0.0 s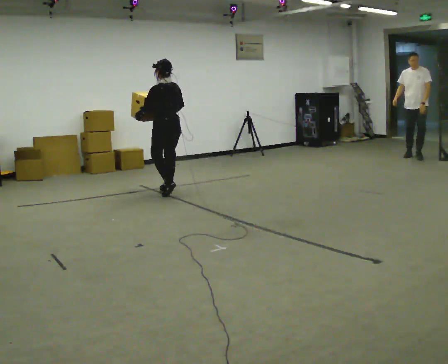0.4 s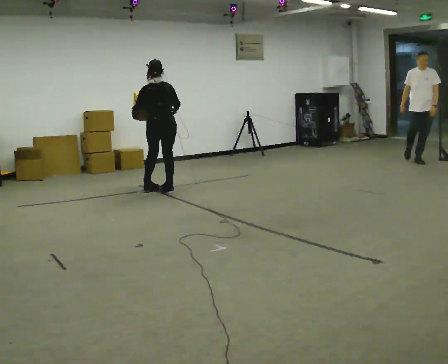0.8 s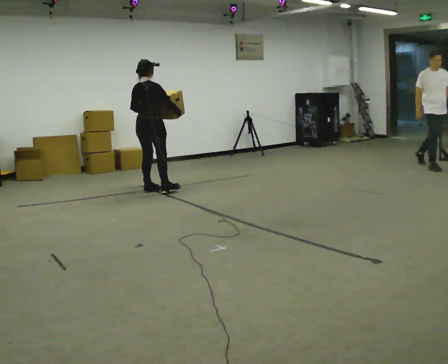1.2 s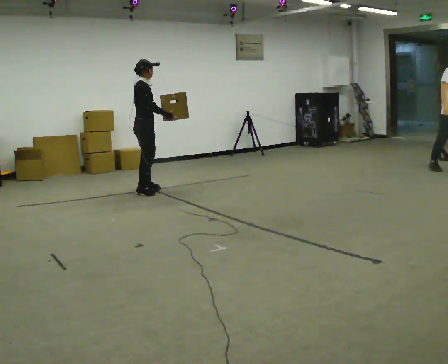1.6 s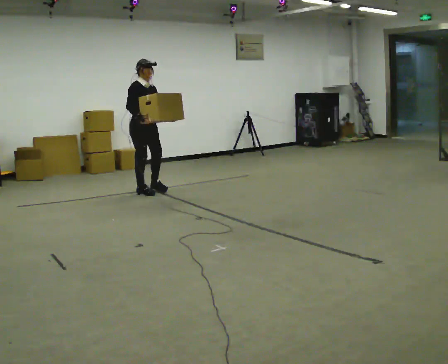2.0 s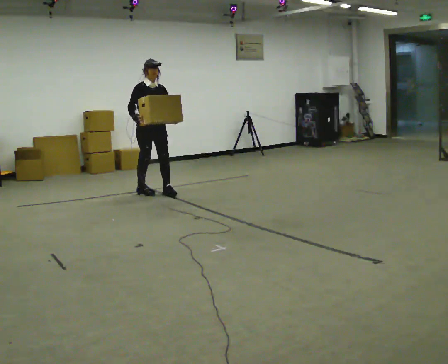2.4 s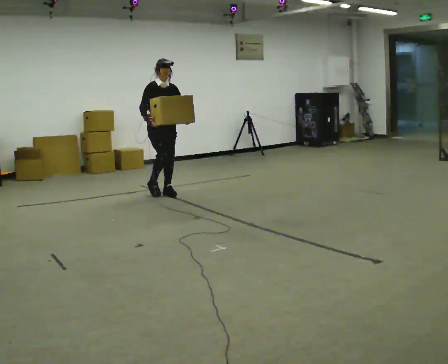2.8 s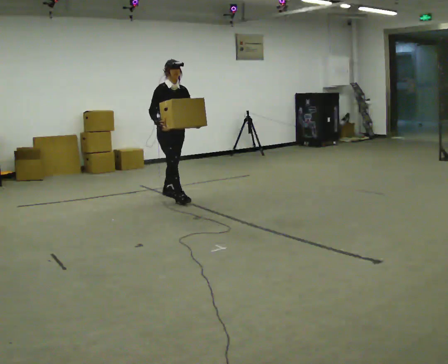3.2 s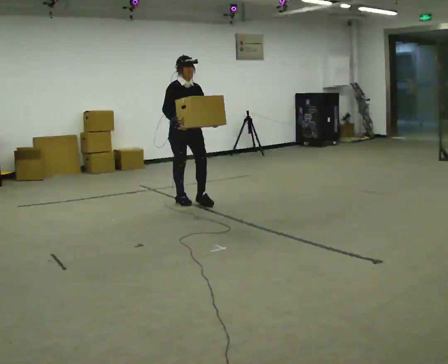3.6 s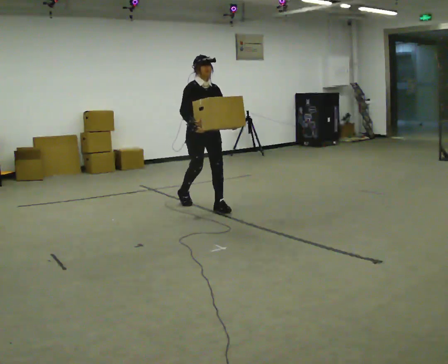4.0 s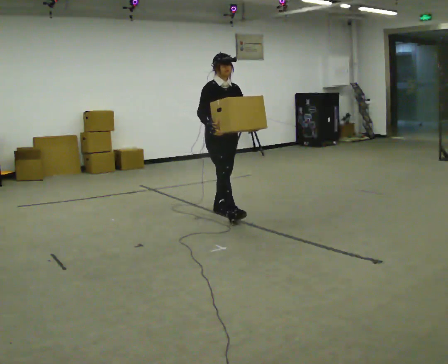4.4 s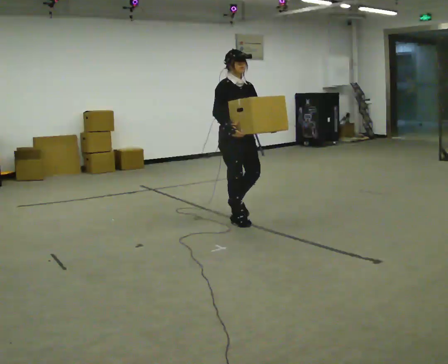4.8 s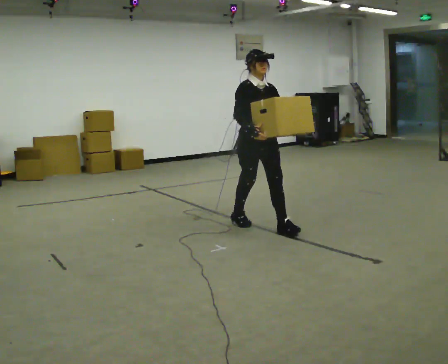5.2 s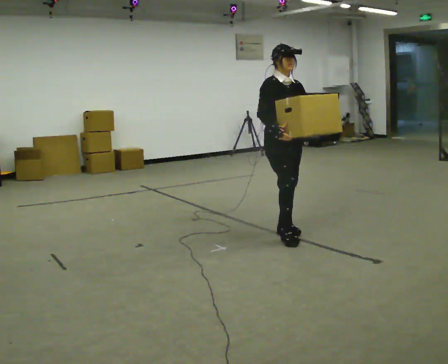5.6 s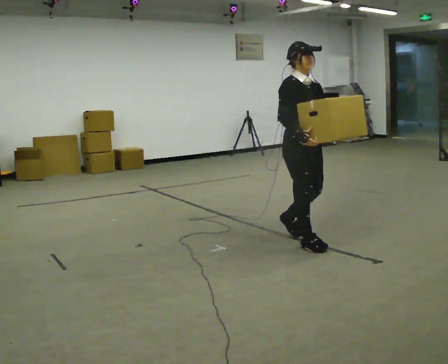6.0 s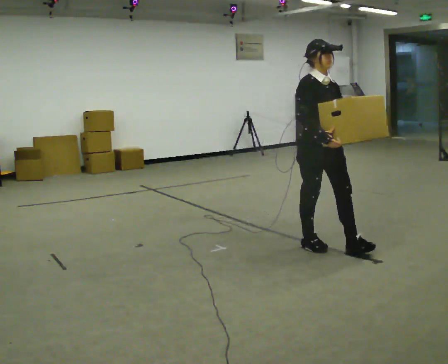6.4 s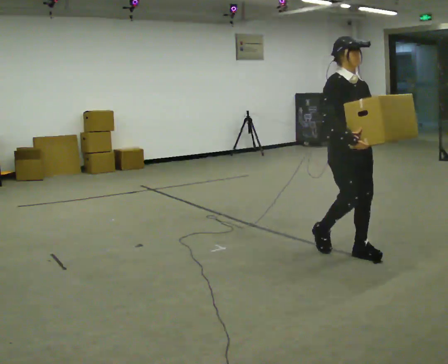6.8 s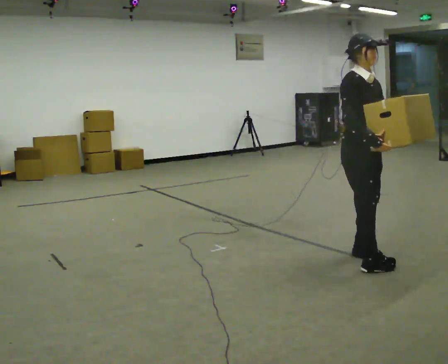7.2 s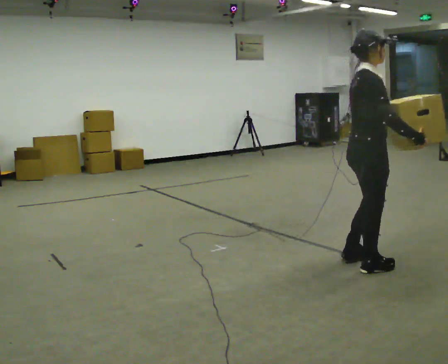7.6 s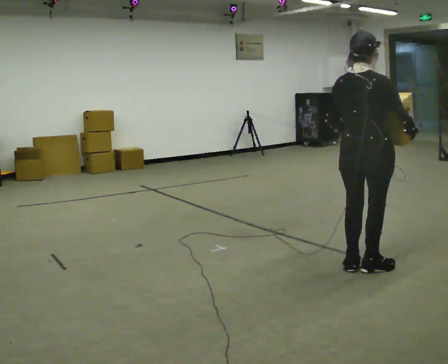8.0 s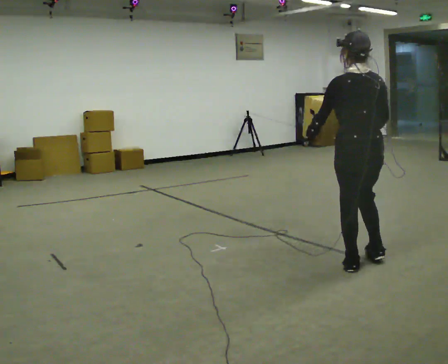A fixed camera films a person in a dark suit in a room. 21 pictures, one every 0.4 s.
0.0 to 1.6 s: The part of the body nearest the lens slides to the left as the person turns to their right by about 165 degrees. In the picture they go to the left, about 0.25 m in 2 steps.
1.6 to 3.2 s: In the picture they go to the right and toward the camera, about 1 m in 2 steps, which for them is forward.
3.2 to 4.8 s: In the picture they go toward the camera and to the right, about 1 m in 3 steps, which for them is forward.
4.8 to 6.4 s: In the picture they go toward the camera and to the right, about 1 m in 2 steps, which for them is forward.
6.4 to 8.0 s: The person turns about 165 degrees to their left, counterclockwise seen from above, so the part of the body nearest the lens slides to the right. In the picture they go toward the camera, about 0.25 m in 2 steps.
The film runs forward here.
